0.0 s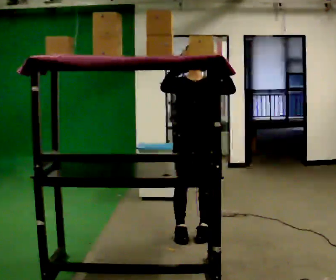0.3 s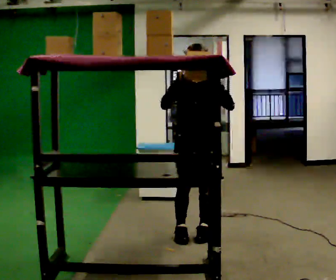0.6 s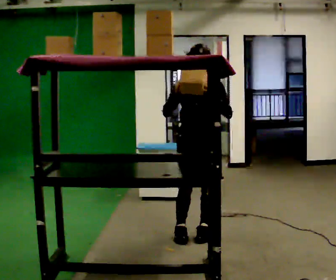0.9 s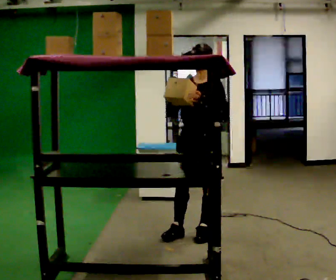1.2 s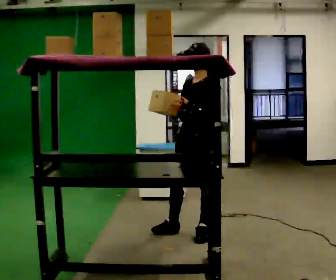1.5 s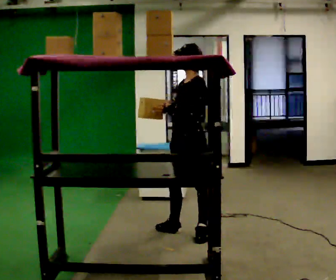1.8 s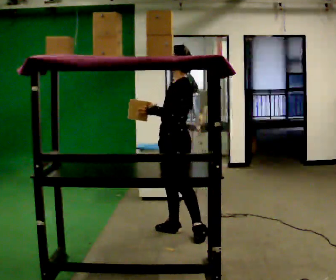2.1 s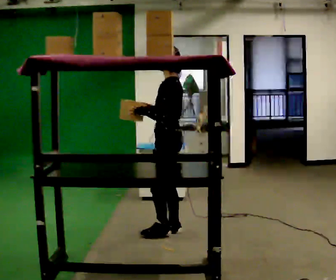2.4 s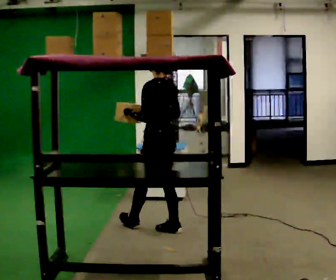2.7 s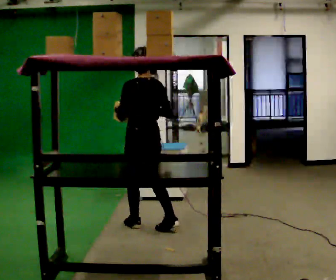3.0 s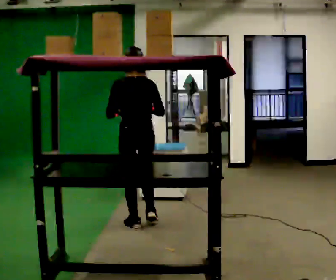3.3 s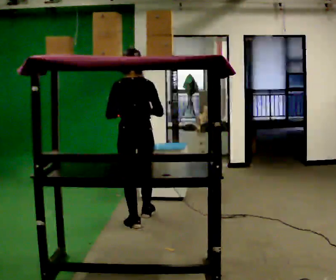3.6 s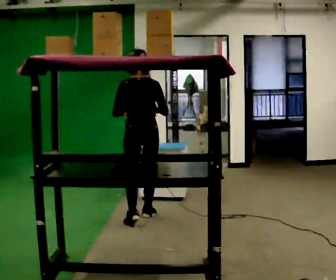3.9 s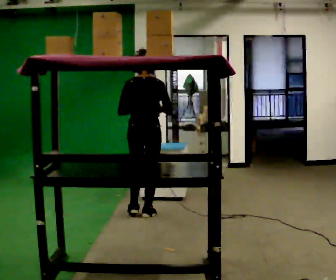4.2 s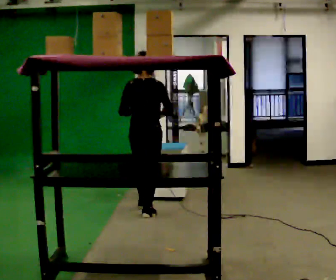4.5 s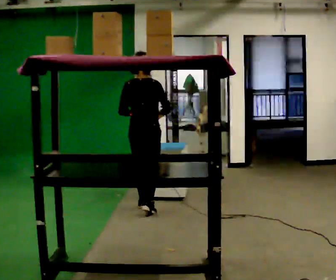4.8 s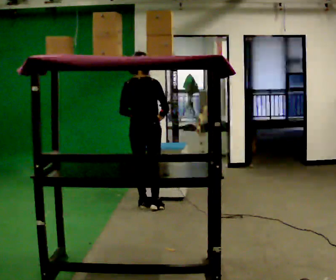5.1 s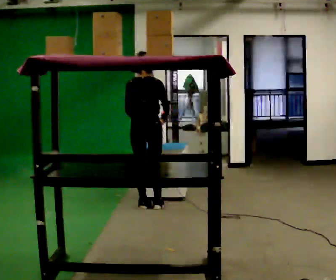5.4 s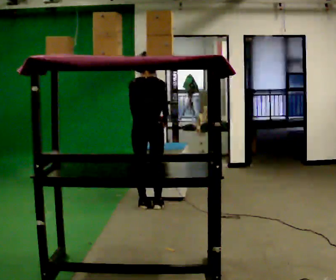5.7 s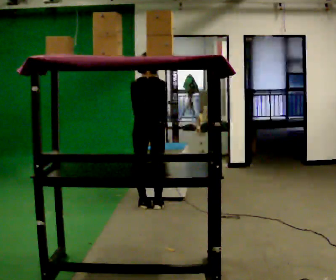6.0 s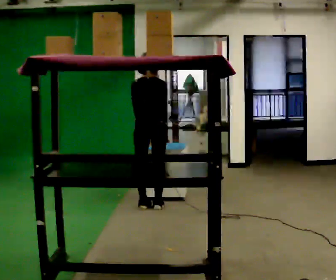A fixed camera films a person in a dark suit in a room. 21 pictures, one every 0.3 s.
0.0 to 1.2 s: Seen from above the body turns clockwise, about 60 degrees: to their right, with its near side sliding to the left. In the picture their right hand goes downward.
1.2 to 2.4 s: The part of the body nearest the lens slides to the left as the person turns to their right by about 75 degrees. In the picture they go to the left and away from the camera, about 0.5 m.
2.4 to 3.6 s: The person turns about 45 degrees to their right, clockwise seen from above, so the part of the body nearest the lens slides to the left. In the picture they go away from the camera and to the left, about 0.5 m in 2 steps, which for them is forward.
3.6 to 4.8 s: In the picture they go away from the camera, about 0.5 m in 1 step, which for them is forward.
4.8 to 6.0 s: The person moves a little, or ends about where they began.
The film runs forward here.
